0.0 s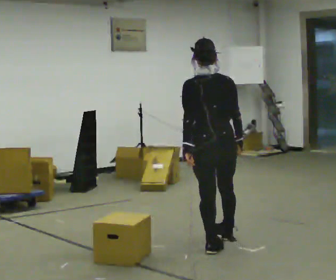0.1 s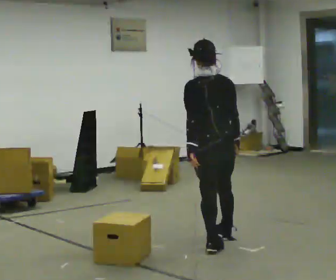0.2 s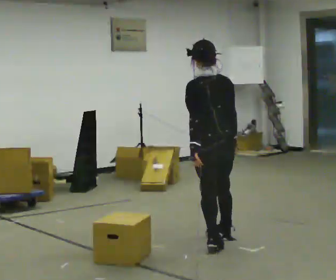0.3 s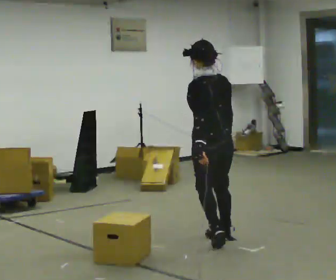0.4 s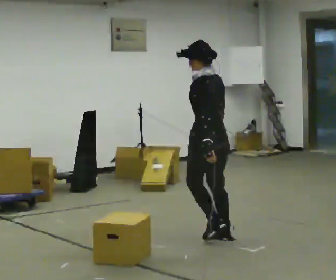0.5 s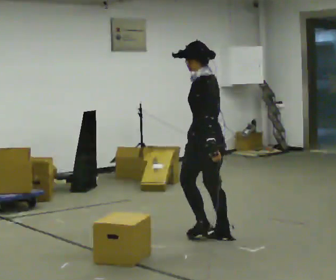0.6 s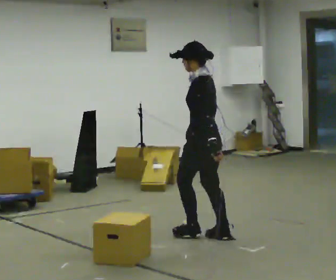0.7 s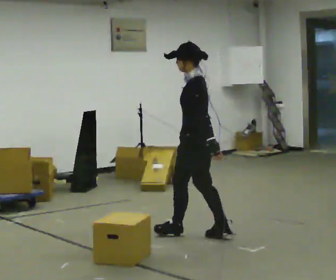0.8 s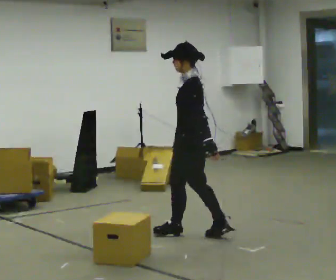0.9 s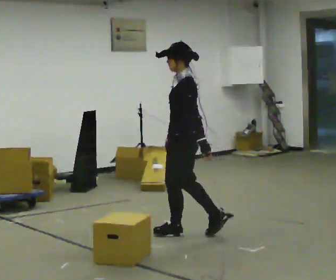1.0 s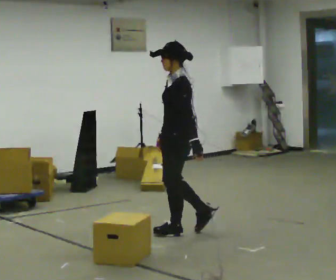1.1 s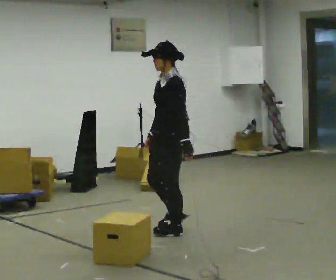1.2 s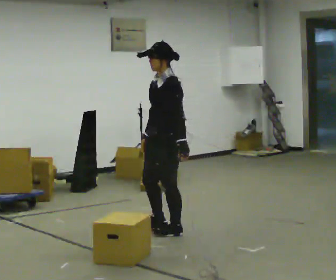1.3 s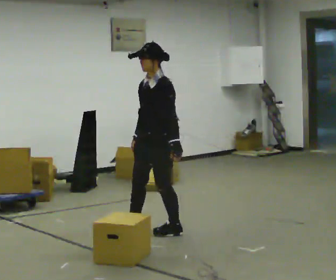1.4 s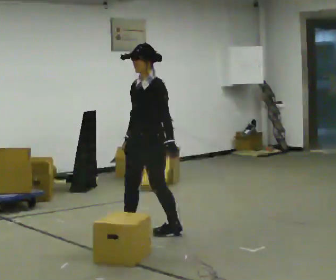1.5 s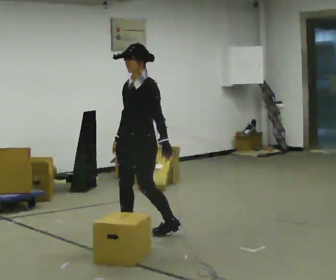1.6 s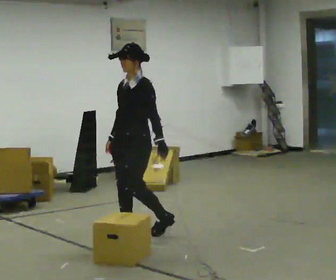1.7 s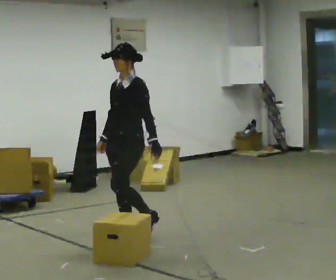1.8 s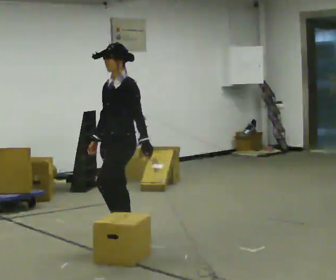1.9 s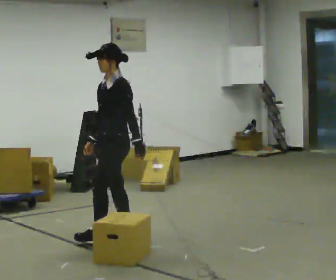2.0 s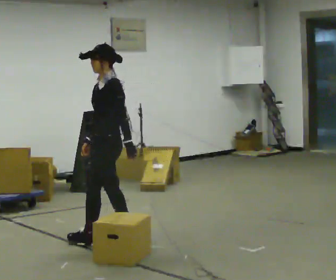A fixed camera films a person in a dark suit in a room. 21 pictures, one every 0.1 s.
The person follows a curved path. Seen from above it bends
counterclockwise.
The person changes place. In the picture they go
to the left.
0.0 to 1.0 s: Seen from above the body turns counterclockwise, about 90 degrees: to their left, with its near side sliding to the right. In the picture they go away from the camera and to the left, about 0.5 m in 2 steps.
1.0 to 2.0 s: In the picture they go to the left, about 0.5 m in 2 steps, which for them is forward and to their right.
The film runs forward here.
